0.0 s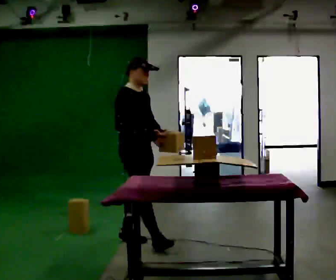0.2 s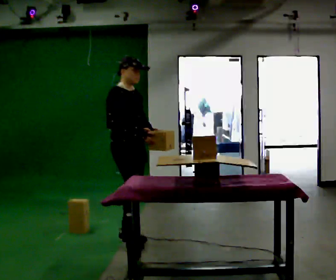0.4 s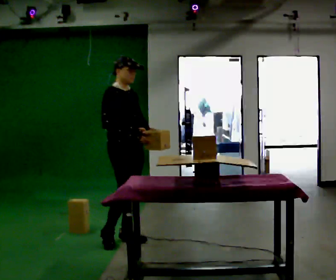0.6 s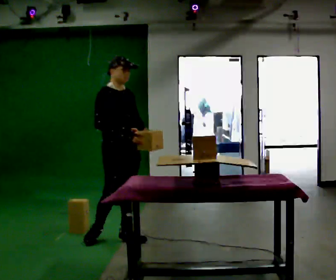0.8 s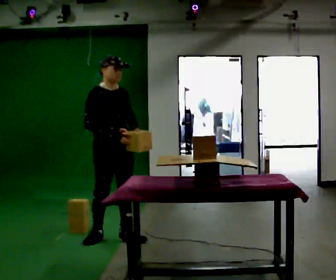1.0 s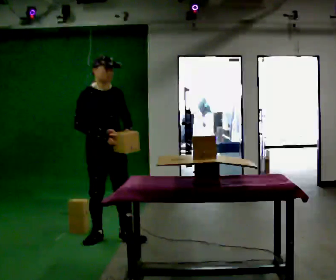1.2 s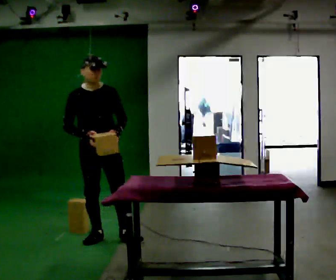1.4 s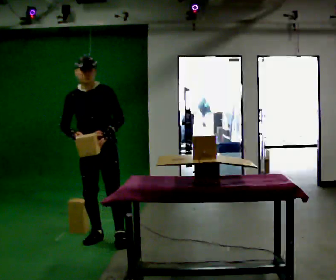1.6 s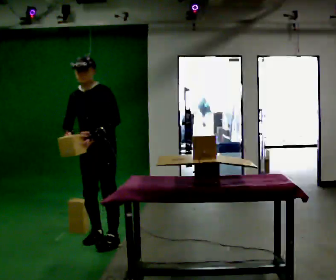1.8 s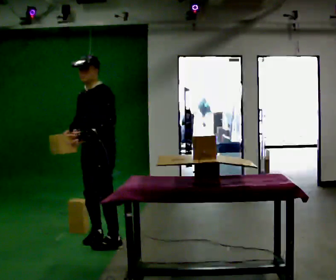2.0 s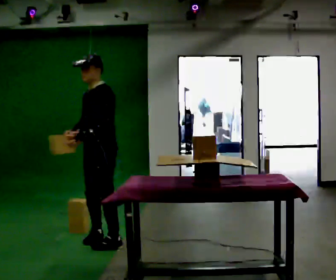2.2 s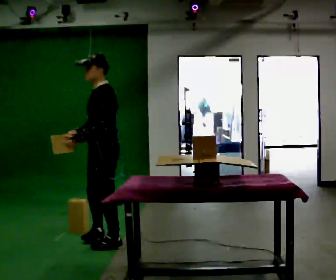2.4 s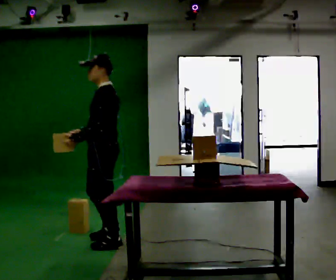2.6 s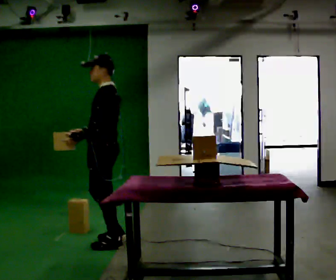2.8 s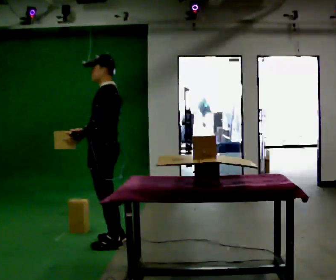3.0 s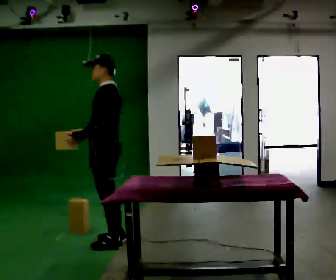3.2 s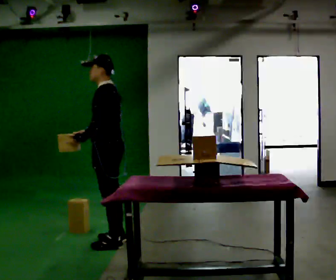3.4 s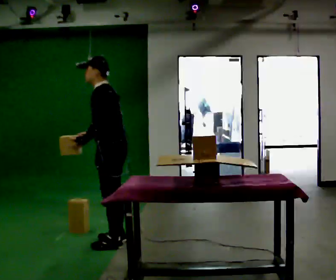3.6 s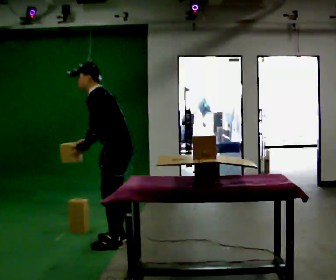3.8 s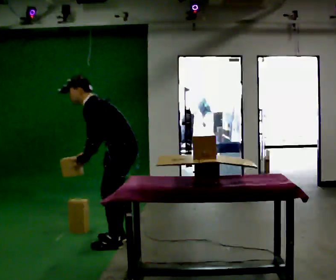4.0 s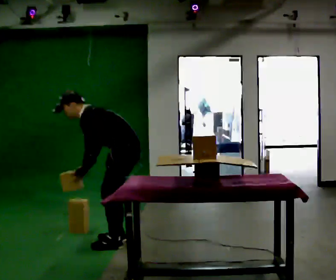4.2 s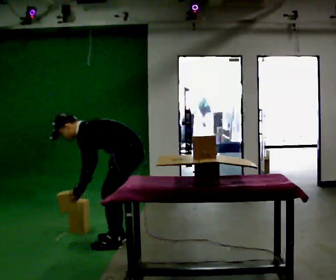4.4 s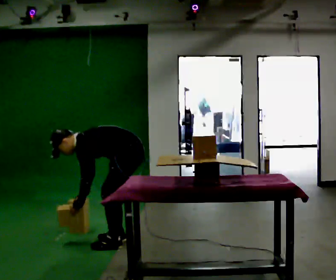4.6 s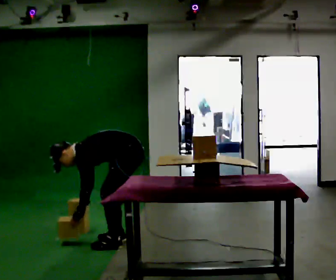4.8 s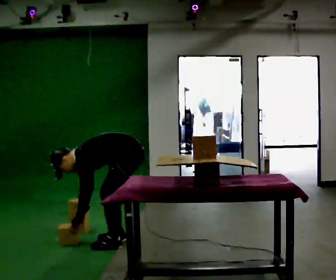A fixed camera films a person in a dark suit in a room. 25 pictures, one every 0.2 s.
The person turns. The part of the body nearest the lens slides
to the left.
Their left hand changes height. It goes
downward.
0.0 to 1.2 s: The part of the body nearest the lens slides to the left as the person turns to their right by about 45 degrees. In the picture they go to the left, about 0.25 m in 1 step, which for them is backward and to their right.
1.2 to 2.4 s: Seen from above the body turns clockwise, about 105 degrees: to their right, with its near side sliding to the left. In the picture they go toward the camera, about 0.25 m in 2 steps. In the picture their left hand goes to the left, the arm swinging clockwise.
2.4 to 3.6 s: In the picture the upper body tilts counterclockwise, shoulders to the left, as they bend forward.
3.6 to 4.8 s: The upper body goes downward. In the picture the upper body tilts counterclockwise, shoulders to the left, as they bend forward. In the picture their right hand goes downward.
The film runs backward here.
